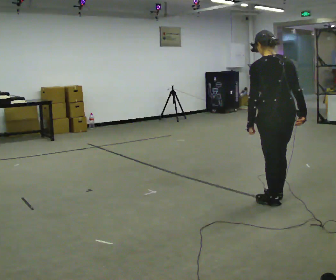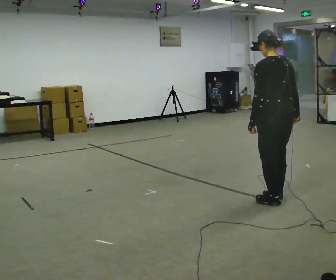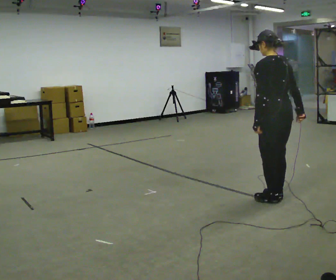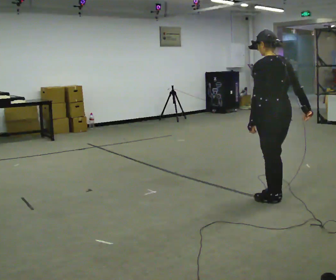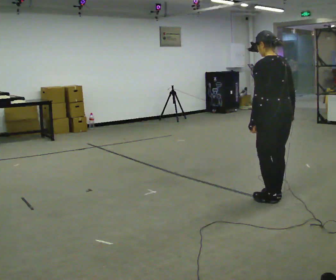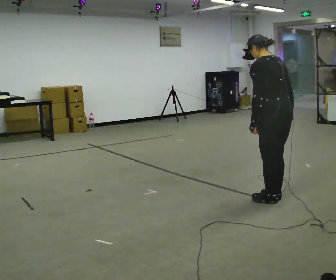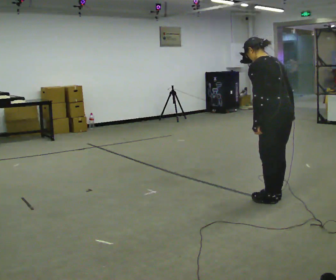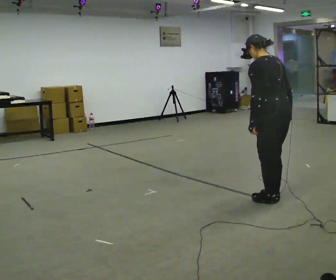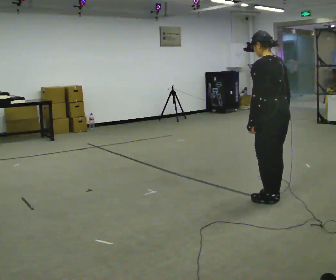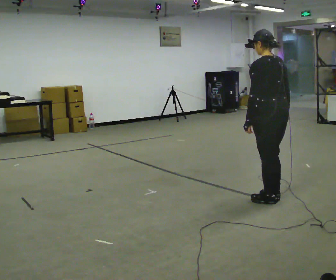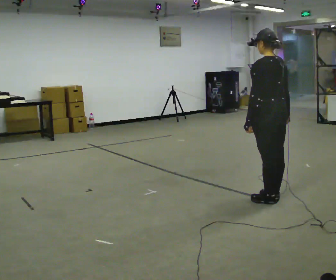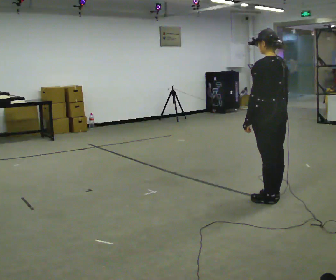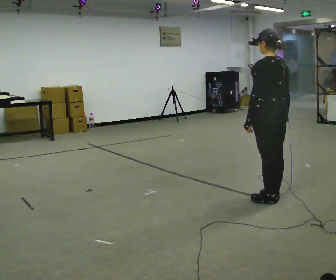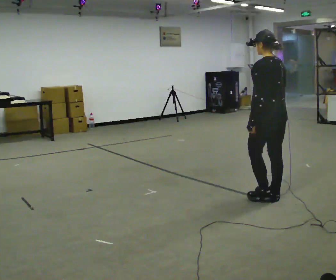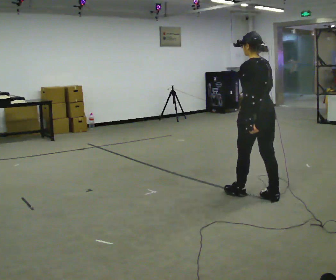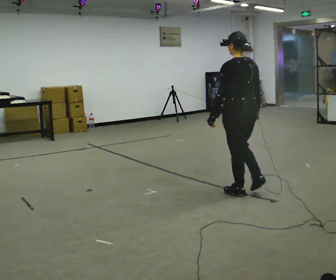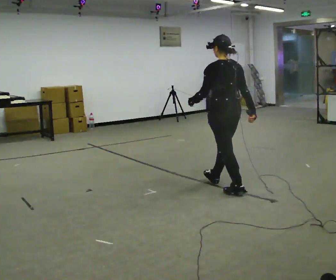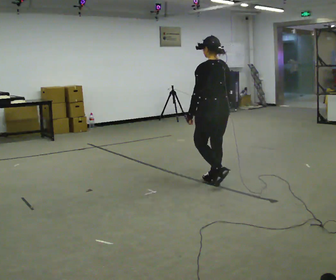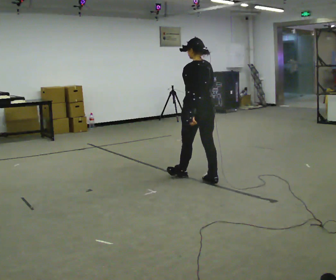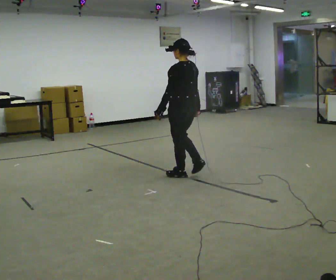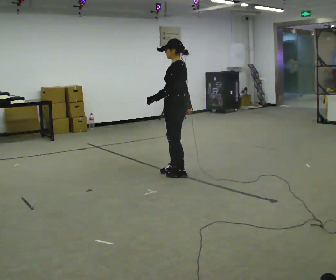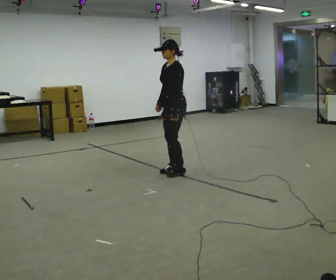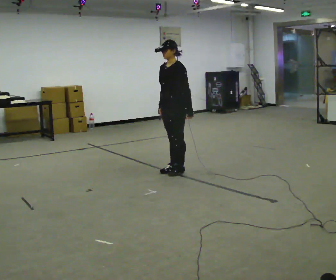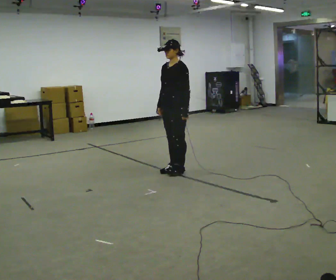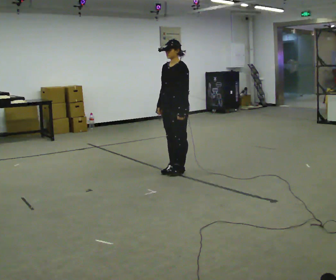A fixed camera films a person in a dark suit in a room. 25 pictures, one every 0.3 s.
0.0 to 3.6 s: The person moves a little, or ends about where they began.
3.6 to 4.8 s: In the picture they go to the left and away from the camera, about 0.5 m in 1 step, which for them is forward.
4.8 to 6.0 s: Seen from above the body turns counterclockwise, about 45 degrees: to their left, with its near side sliding to the right. In the picture they go to the left and away from the camera, about 1 m in 3 steps, which for them is forward.
6.0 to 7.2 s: The part of the body nearest the lens slides to the right as the person turns to their left by about 45 degrees. In the picture their left hand goes to the right, the arm swinging counterclockwise.
The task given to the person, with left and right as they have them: Walk; stop fully; turn 90° left/right while standing; walk new direction.
The film runs forward here.
